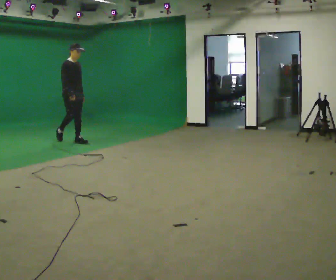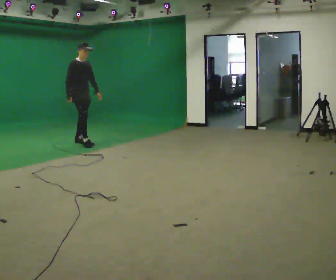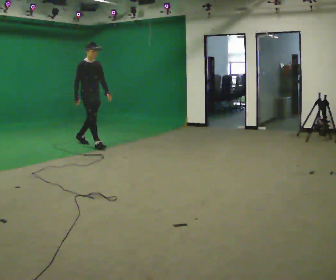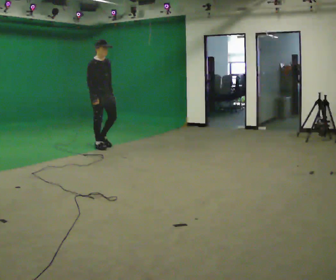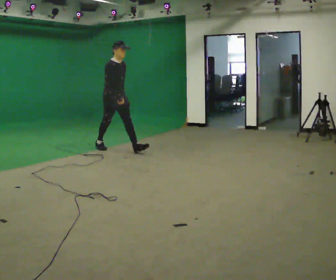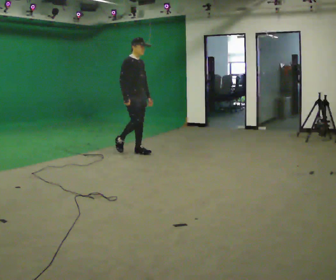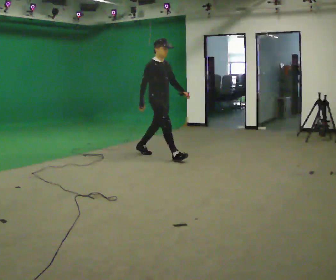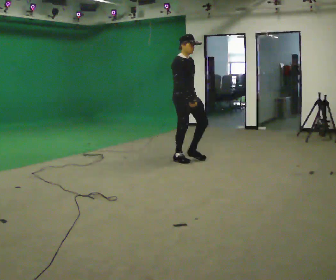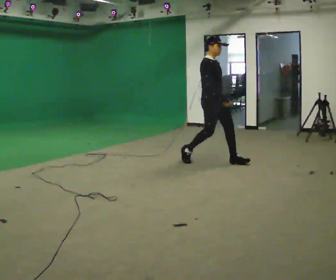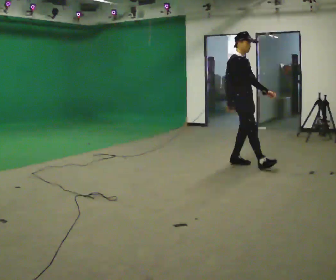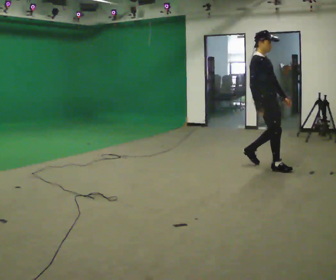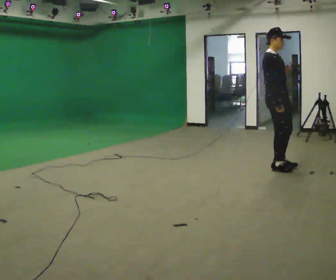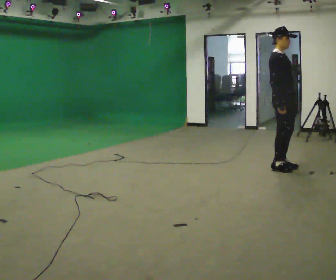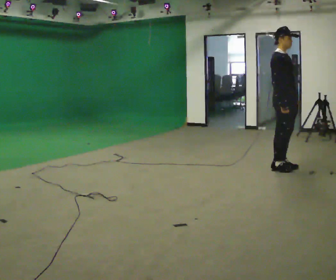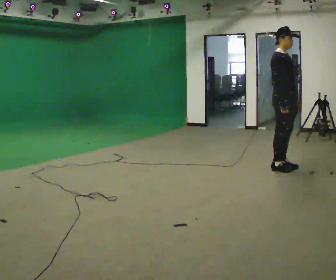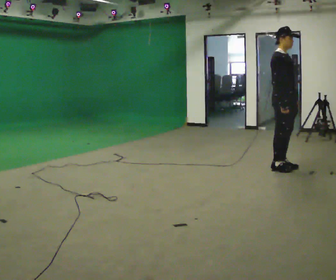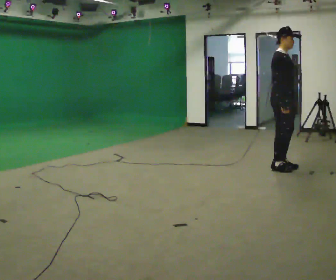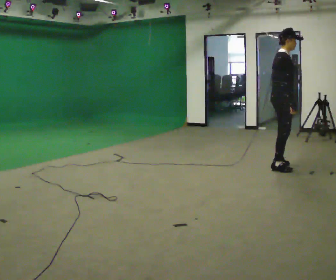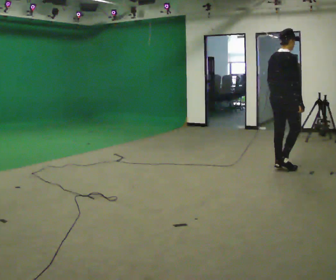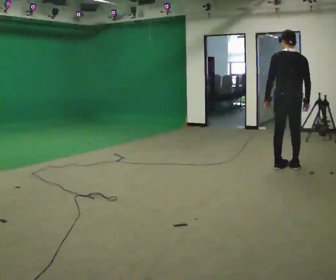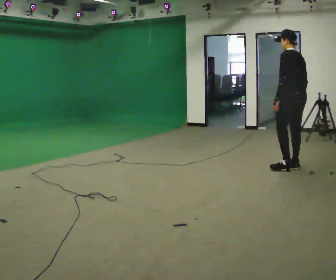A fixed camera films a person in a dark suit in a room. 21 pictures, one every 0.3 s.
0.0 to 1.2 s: In the picture they go to the right and toward the camera, about 1 m in 1 step, which for them is forward.
1.2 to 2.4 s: In the picture they go to the right, about 1.5 m in 3 steps, which for them is forward.
2.4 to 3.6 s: In the picture they go to the right, about 1 m in 2 steps, which for them is forward.
3.6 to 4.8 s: The person moves a little, or ends about where they began.
4.8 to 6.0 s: The person turns about 165 degrees to their left, counterclockwise seen from above, so the part of the body nearest the lens slides to the right. In the picture they go to the right, about 0.25 m in 1 step.
The film runs forward here.
